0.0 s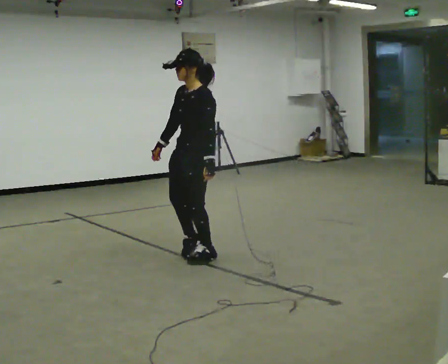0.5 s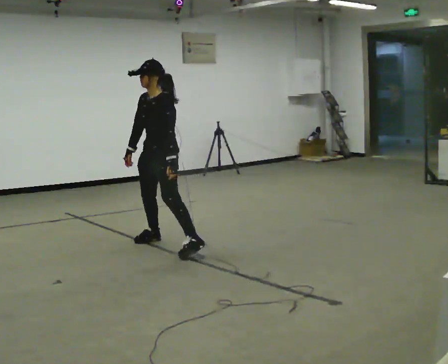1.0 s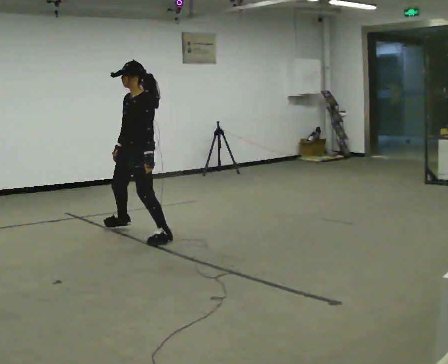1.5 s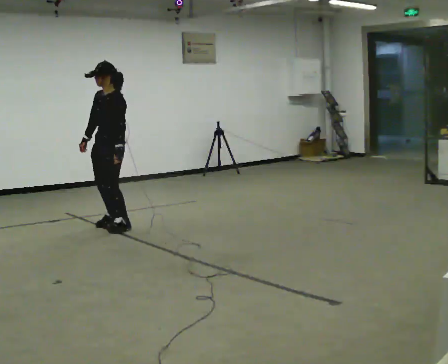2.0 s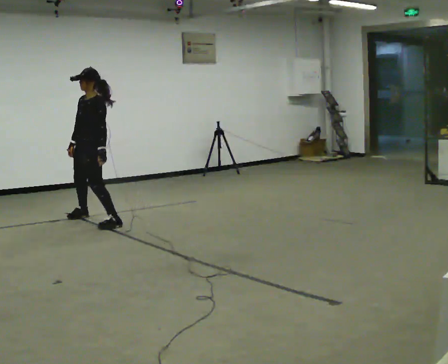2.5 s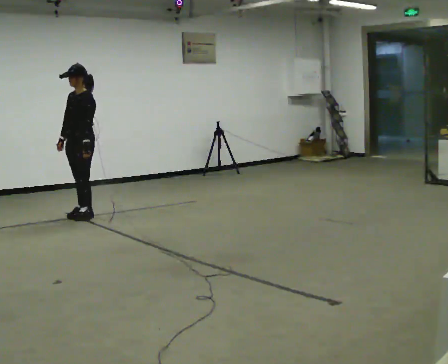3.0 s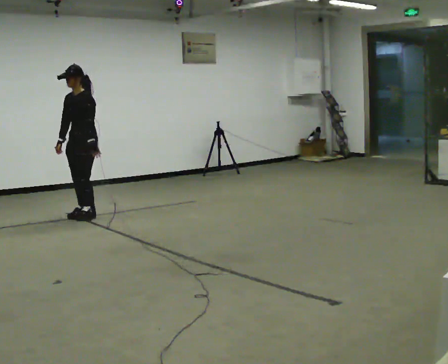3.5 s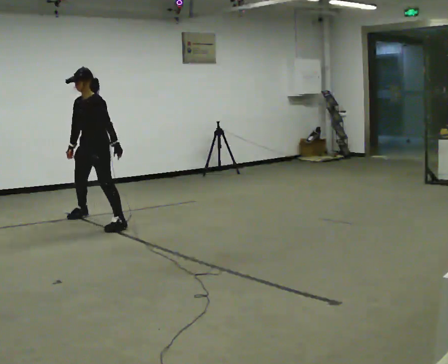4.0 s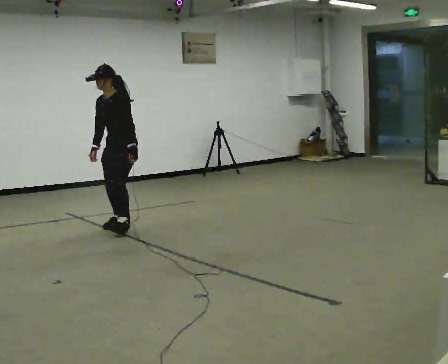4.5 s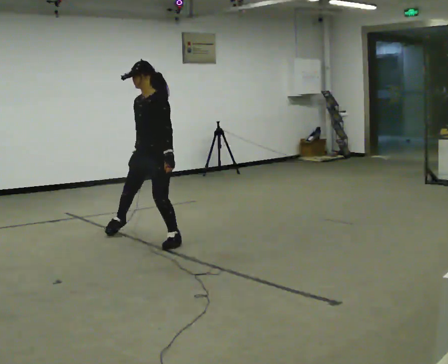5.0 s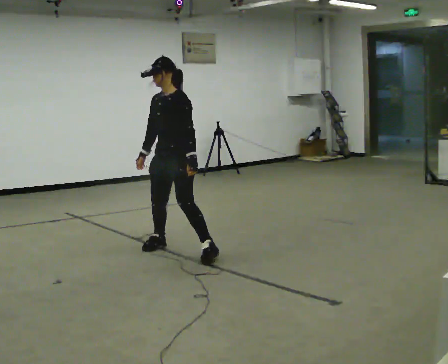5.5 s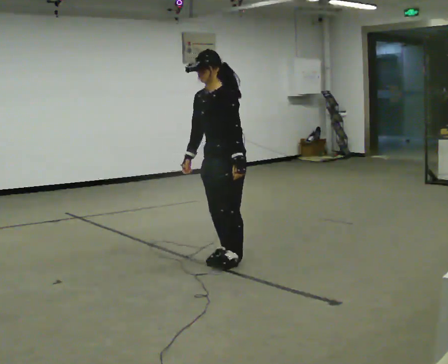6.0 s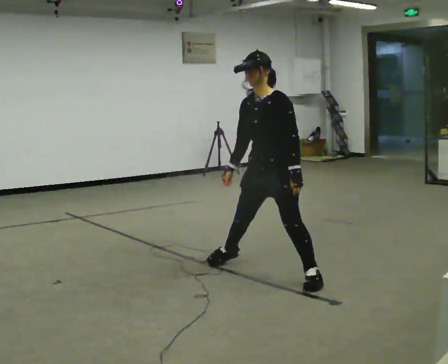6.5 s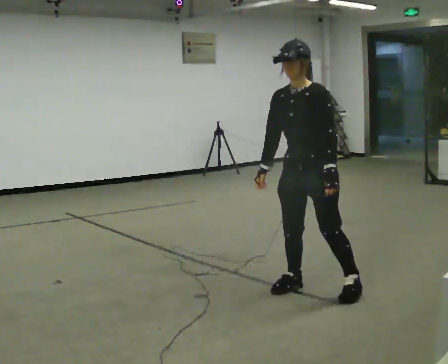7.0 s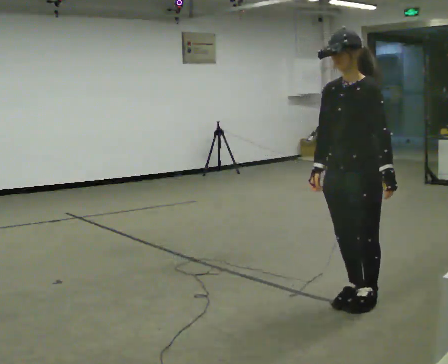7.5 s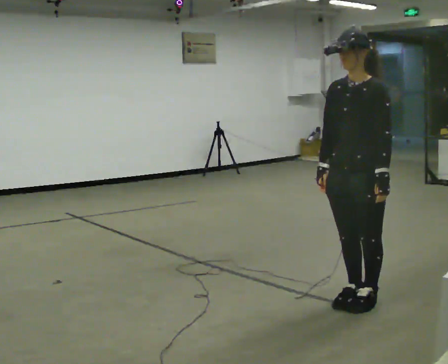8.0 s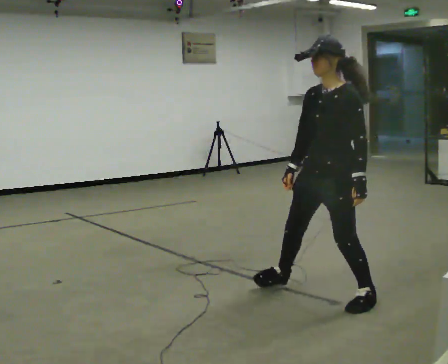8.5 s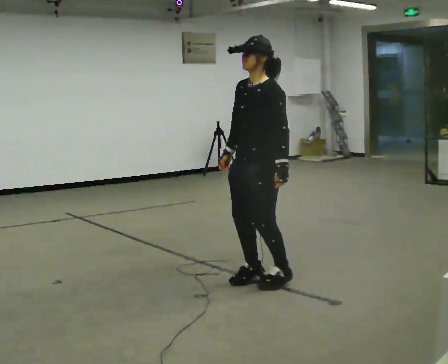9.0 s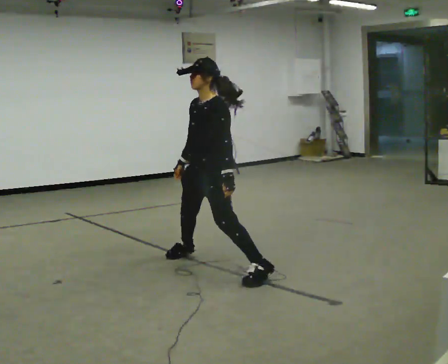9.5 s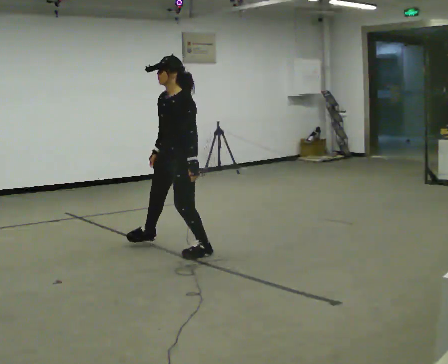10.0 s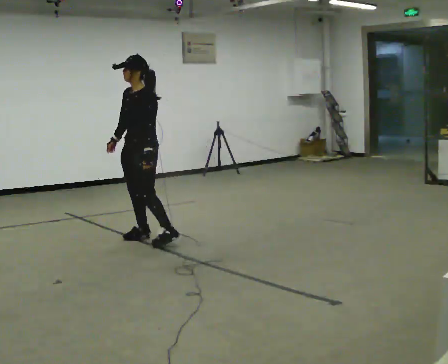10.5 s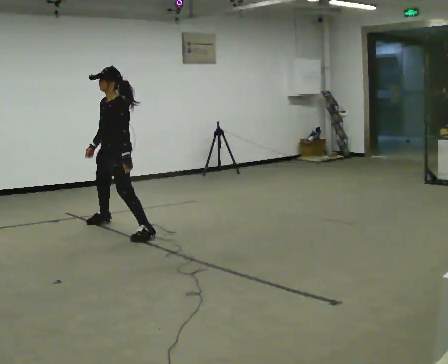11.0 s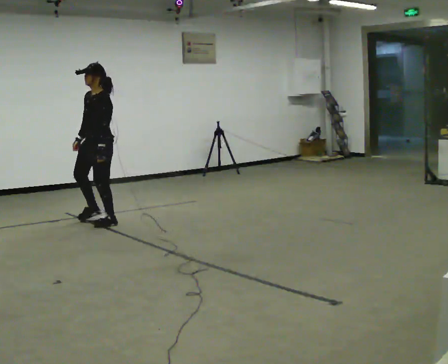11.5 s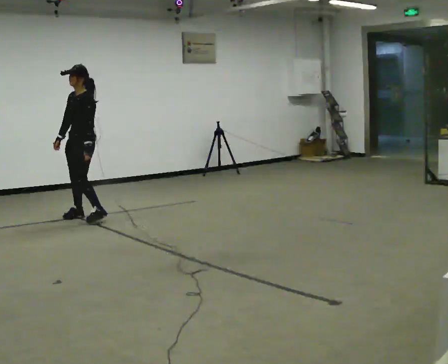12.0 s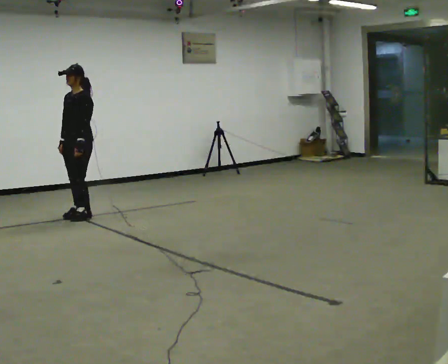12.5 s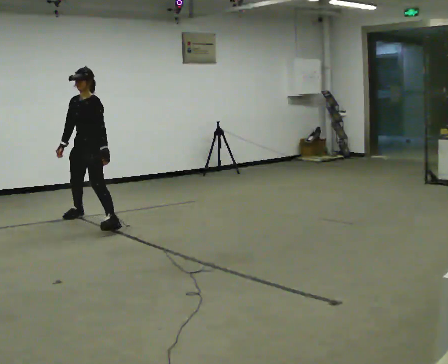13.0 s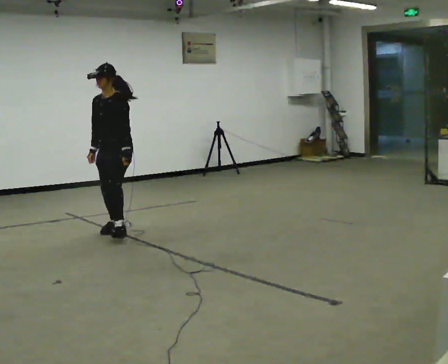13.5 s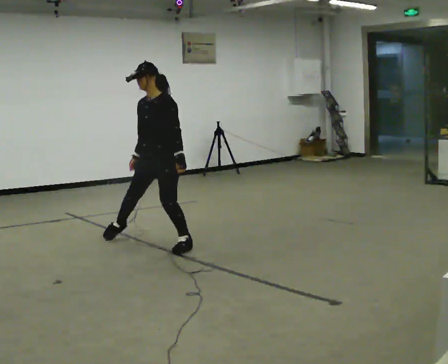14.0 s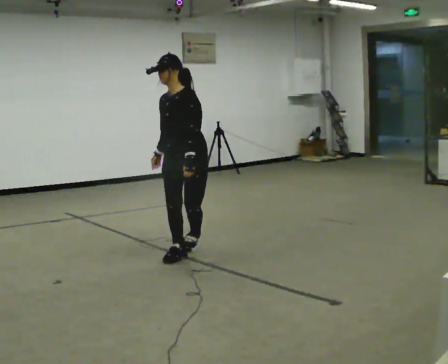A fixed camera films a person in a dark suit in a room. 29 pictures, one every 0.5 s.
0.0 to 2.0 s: In the picture they go to the left and away from the camera, about 2 m in 5 steps, which for them is to their right.
2.0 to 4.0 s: In the picture they go to the right and toward the camera, about 0.5 m in 3 steps, which for them is to their left. In the picture the upper body tilts counterclockwise, shoulders to the left.
4.0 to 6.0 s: In the picture they go to the right and toward the camera, about 2 m in 5 steps, which for them is to their left.
6.0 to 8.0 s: In the picture they go toward the camera and to the right, about 0.5 m in 3 steps, which for them is to their left.
8.0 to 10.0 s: In the picture they go to the left and away from the camera, about 2 m in 5 steps, which for them is to their right.
10.0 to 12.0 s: In the picture they go to the left and away from the camera, about 1 m in 5 steps, which for them is to their right.
12.0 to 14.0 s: In the picture they go to the right and toward the camera, about 2 m in 4 steps, which for them is to their left.
The film runs forward here.
